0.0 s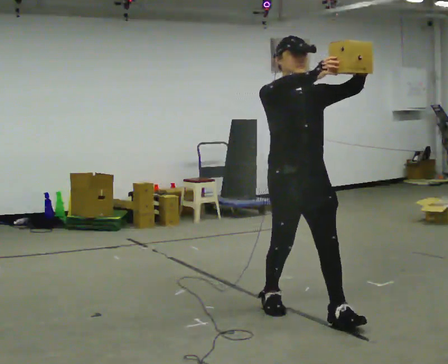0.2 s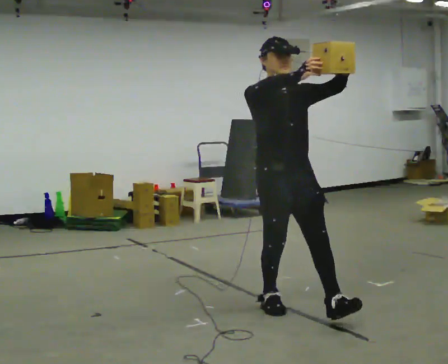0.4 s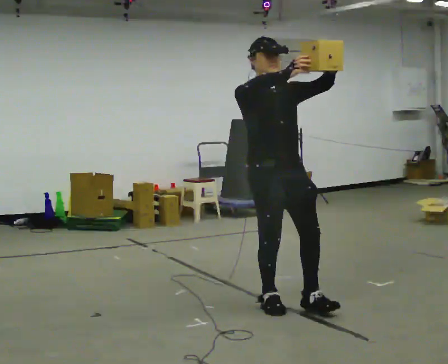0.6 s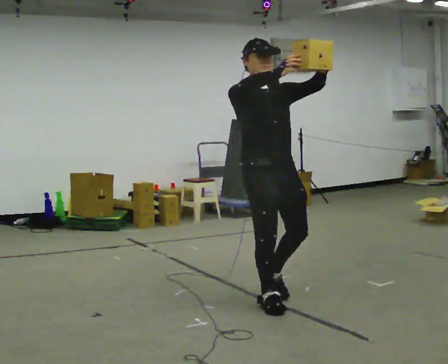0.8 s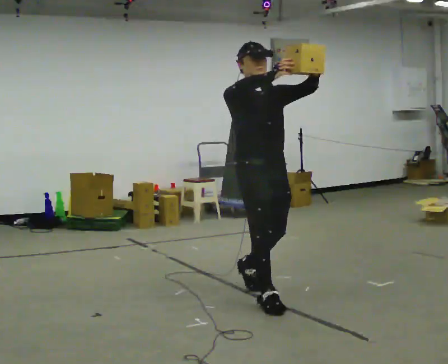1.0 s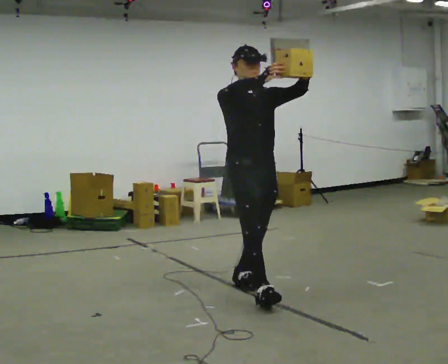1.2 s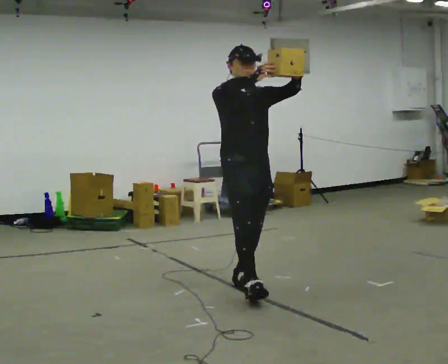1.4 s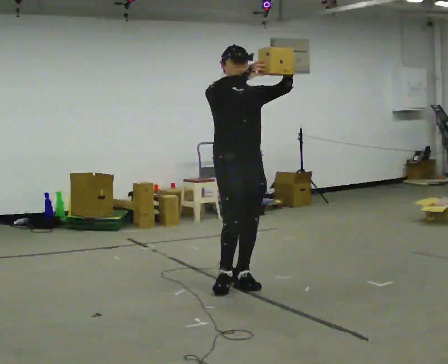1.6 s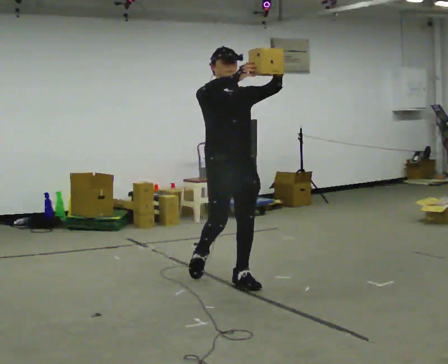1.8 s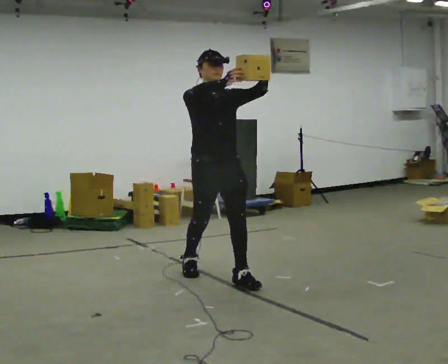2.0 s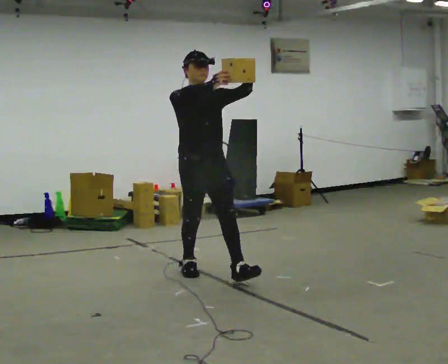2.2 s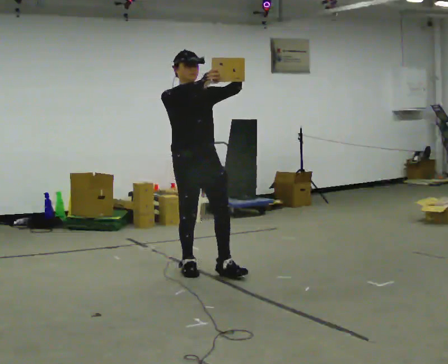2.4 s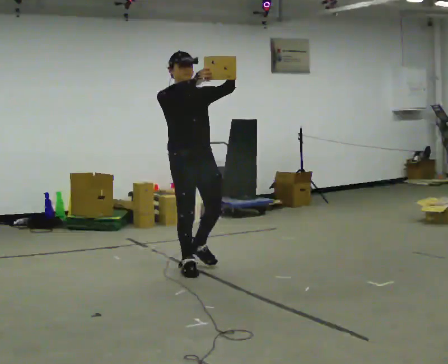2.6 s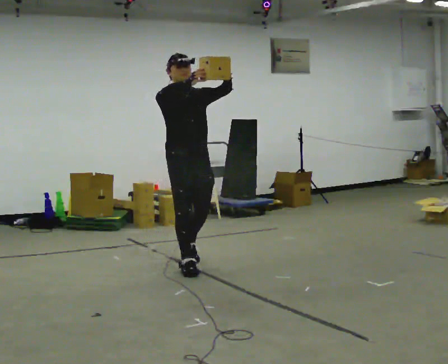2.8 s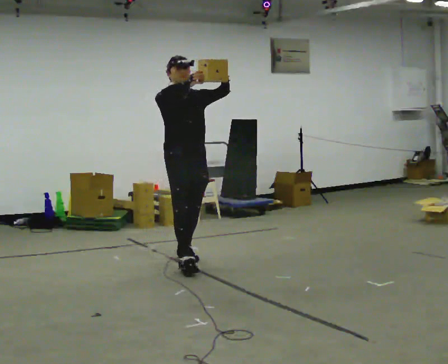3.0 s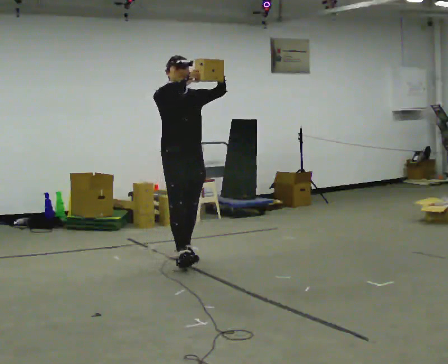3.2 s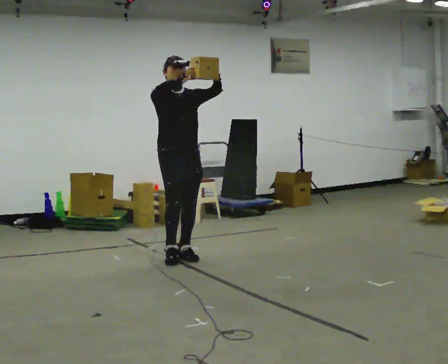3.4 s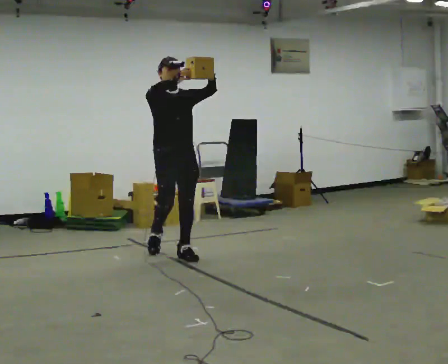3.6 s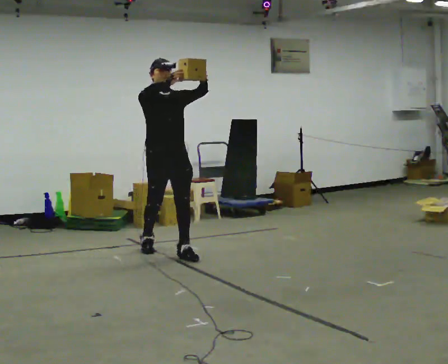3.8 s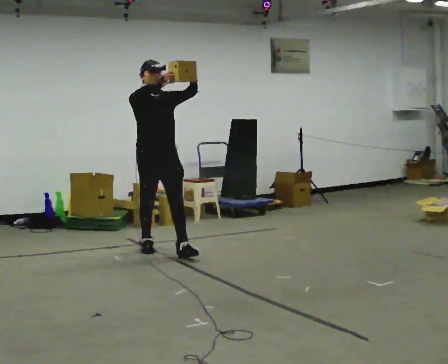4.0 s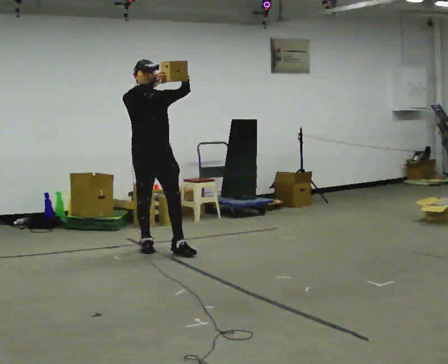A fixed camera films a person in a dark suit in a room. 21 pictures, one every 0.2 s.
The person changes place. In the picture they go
away from the camera.
0.0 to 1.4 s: In the picture they go away from the camera and to the left, about 1 m in 2 steps, which for them is backward.
1.4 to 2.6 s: In the picture they go away from the camera and to the left, about 0.5 m in 1 step, which for them is backward.
2.6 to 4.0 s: In the picture they go away from the camera and to the left, about 0.5 m in 2 steps, which for them is backward.
The film runs backward here.
